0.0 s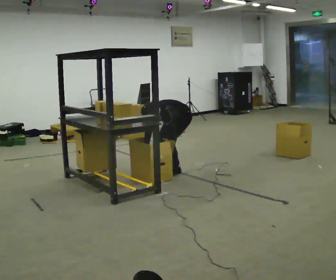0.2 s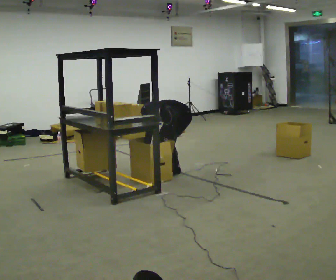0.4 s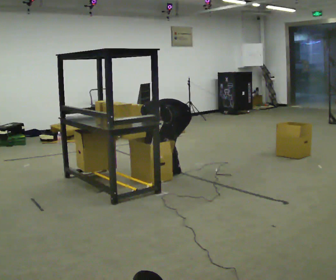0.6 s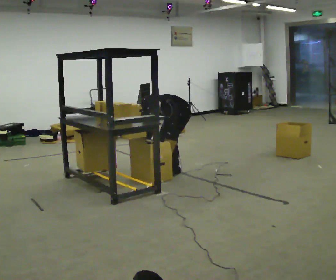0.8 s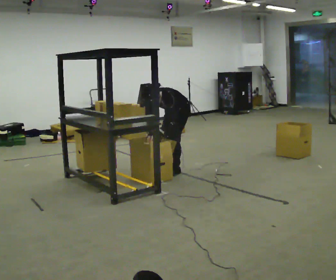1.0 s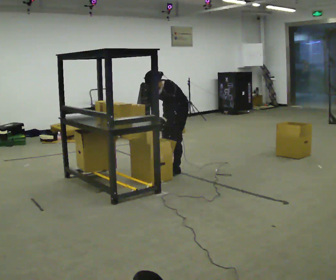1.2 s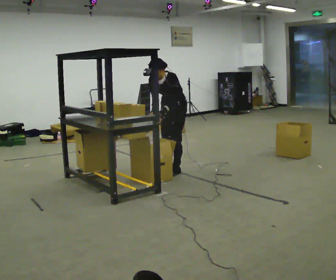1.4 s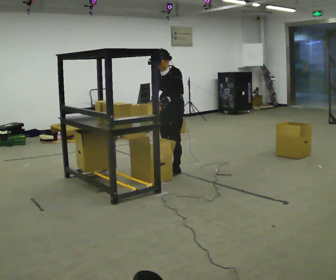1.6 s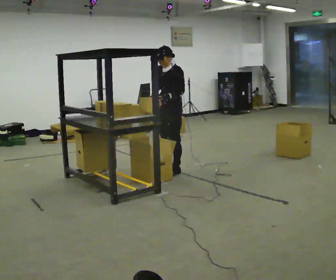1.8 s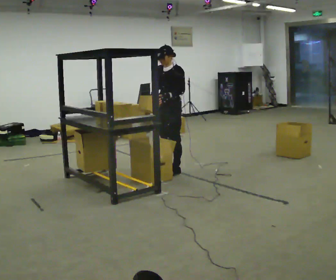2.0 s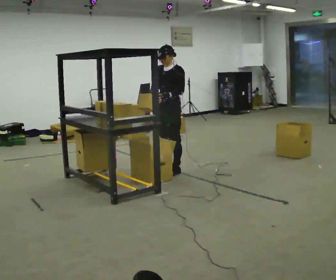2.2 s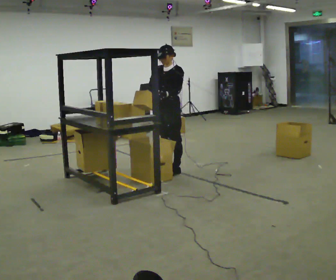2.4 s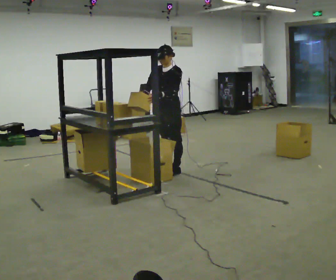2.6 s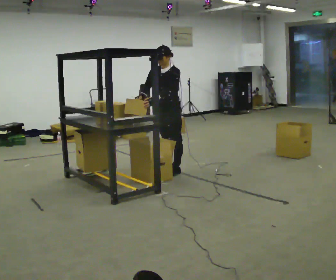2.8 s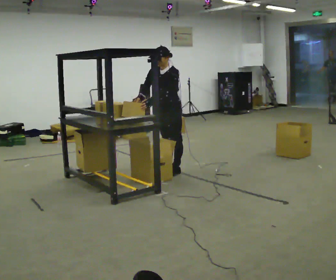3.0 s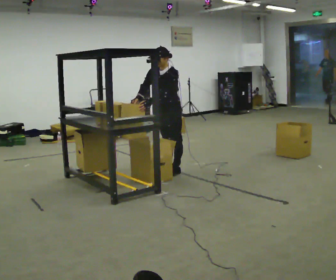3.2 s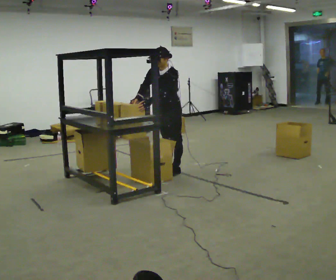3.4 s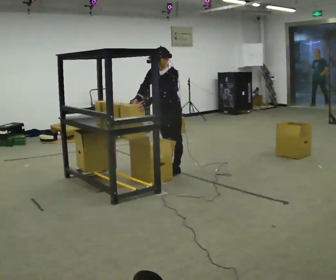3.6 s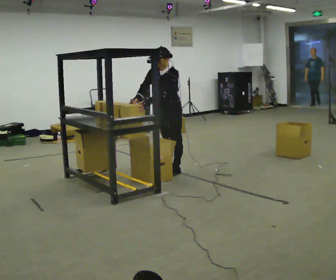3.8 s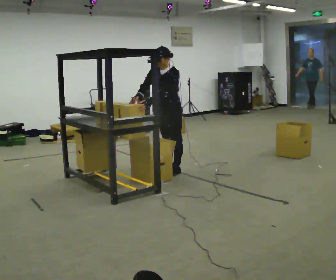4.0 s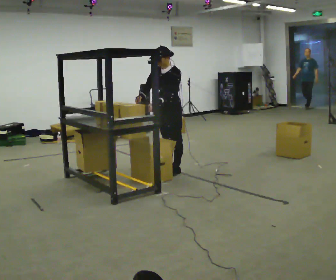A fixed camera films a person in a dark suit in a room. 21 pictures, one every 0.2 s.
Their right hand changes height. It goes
upward.
The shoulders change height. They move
upward.
0.0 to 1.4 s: The upper body goes upward. In the picture the upper body tilts clockwise, shoulders to the right, as they lean back or straighten. In the picture their left hand goes upward.
1.4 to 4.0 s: The person moves a little, or ends about where they began.
The film runs forward here.
